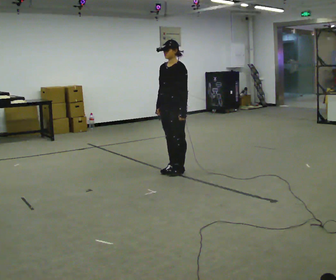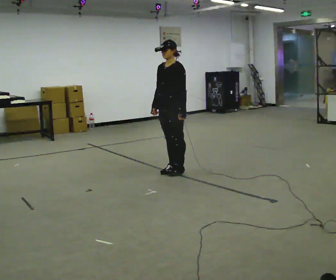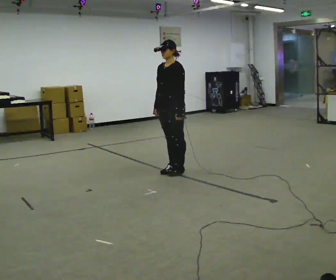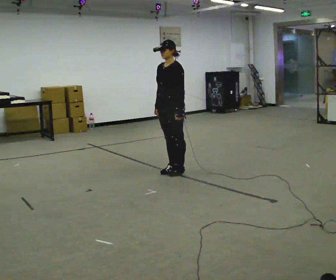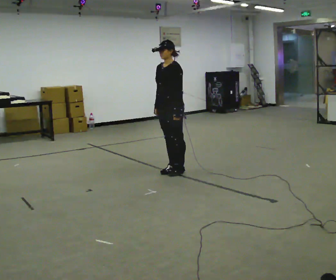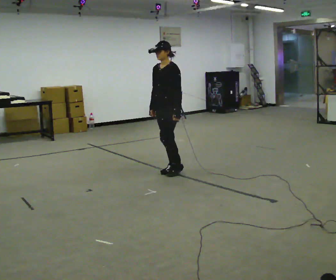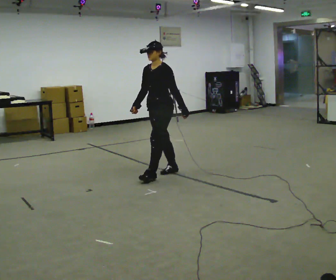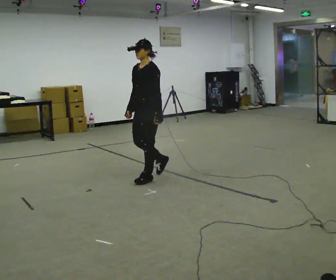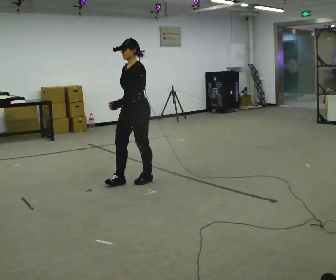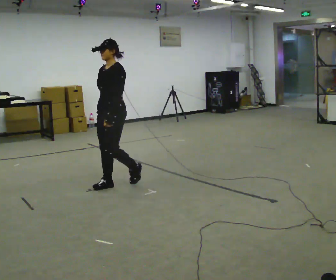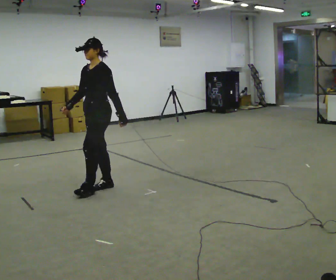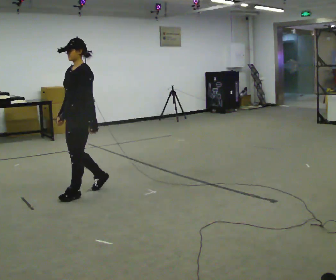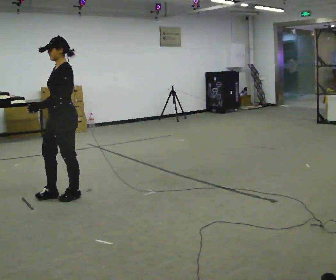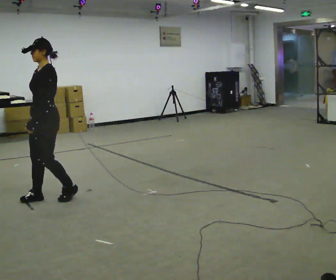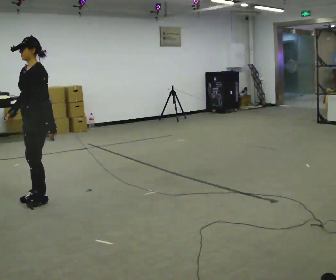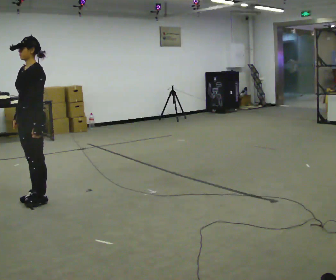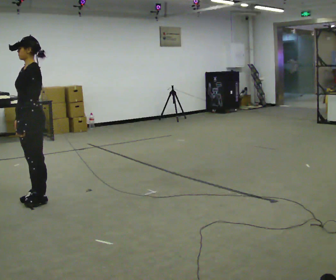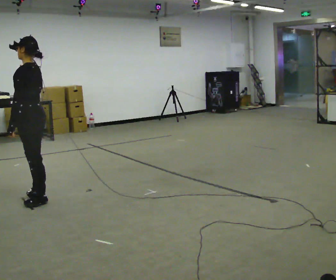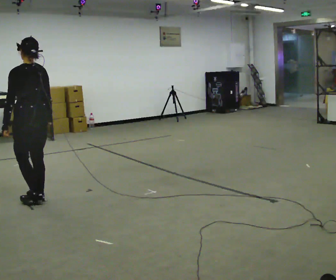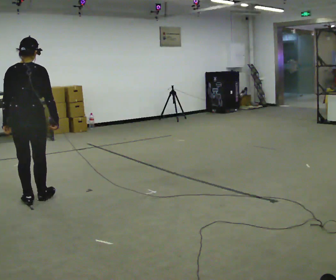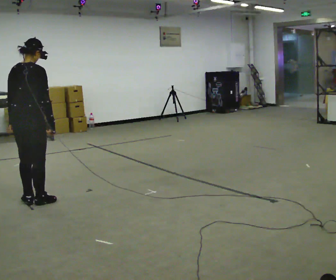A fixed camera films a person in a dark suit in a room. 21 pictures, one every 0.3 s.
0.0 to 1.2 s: The person moves a little, or ends about where they began.
1.2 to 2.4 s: In the picture they go to the left and toward the camera, about 0.5 m in 1 step, which for them is forward.
2.4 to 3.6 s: In the picture they go to the left and toward the camera, about 1 m in 2 steps, which for them is forward.
3.6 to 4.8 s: In the picture they go to the left, about 0.25 m in 2 steps, which for them is forward.
4.8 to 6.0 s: The person turns about 135 degrees to their right, clockwise seen from above, so the part of the body nearest the lens slides to the left. In the picture their right hand goes to the right, the arm swinging counterclockwise.
The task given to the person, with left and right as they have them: Walk; stop fully; turn 90° left/right while standing; walk new direction.
The film runs forward here.
